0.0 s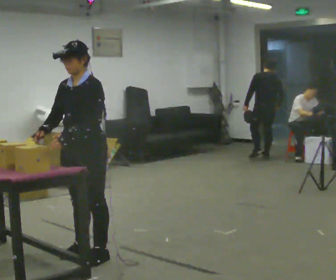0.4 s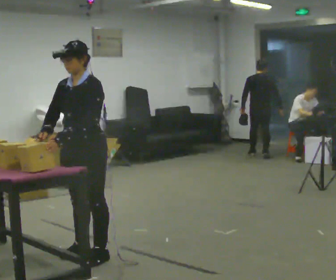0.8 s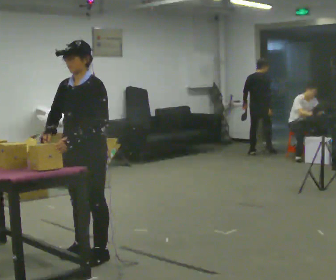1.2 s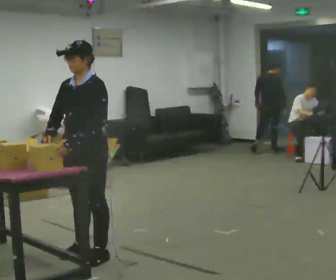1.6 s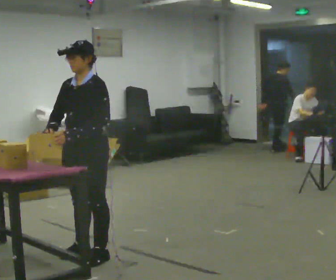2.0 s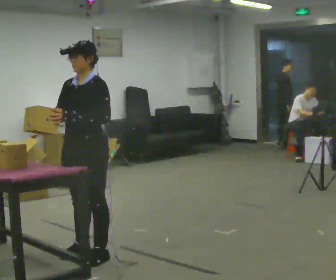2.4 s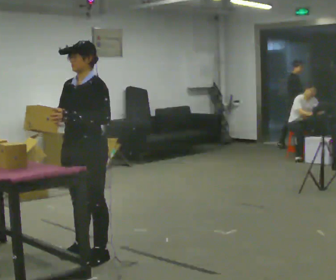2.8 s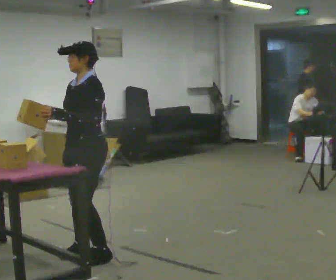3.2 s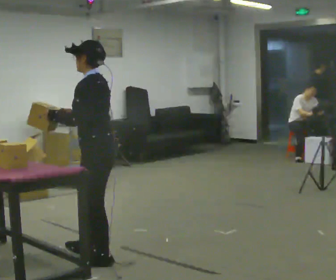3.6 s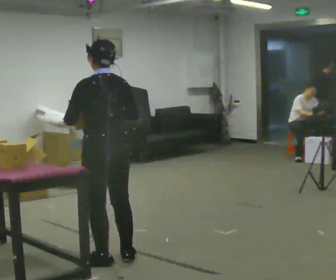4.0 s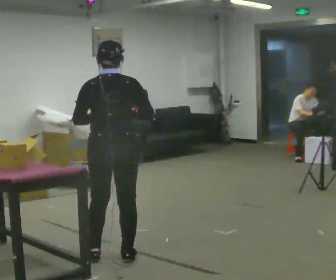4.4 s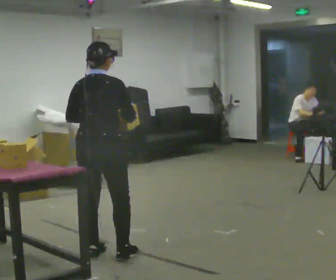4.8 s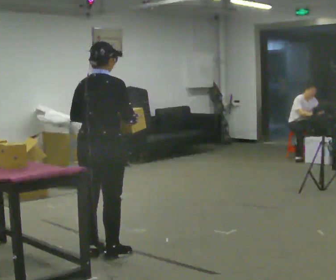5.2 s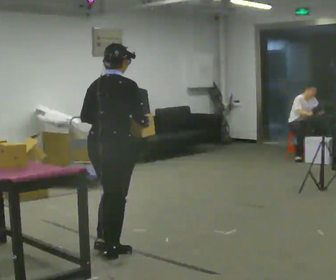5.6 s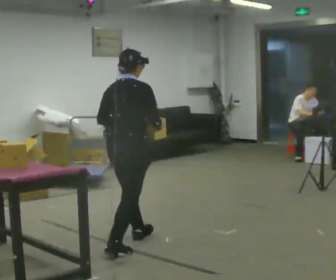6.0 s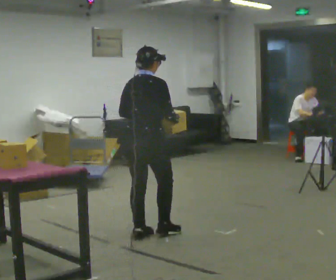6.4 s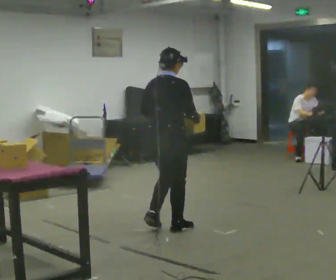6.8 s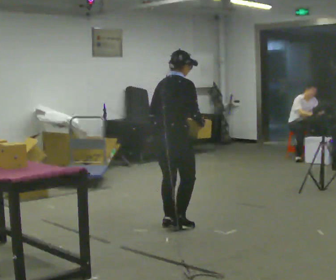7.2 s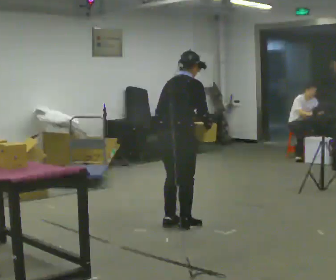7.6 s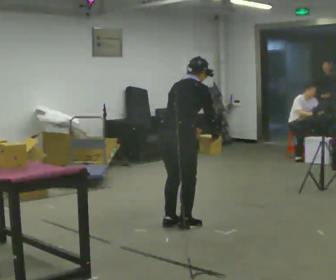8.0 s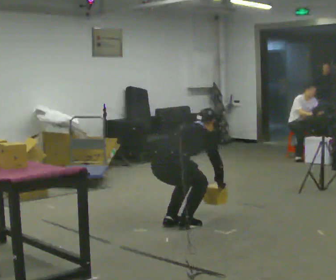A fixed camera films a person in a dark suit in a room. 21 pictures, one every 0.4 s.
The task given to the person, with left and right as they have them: The operator will name an object. Go and find it, bring it back, and hand it over. Then wait for the next one.
0.0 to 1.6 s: The person moves a little, or ends about where they began.
1.6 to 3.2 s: The person turns about 60 degrees to their right, clockwise seen from above, so the part of the body nearest the lens slides to the left.
3.2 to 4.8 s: The person turns about 105 degrees to their right, clockwise seen from above, so the part of the body nearest the lens slides to the left. In the picture they go away from the camera, about 0.25 m in 3 steps. In the picture their right hand goes to the right.
4.8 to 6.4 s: In the picture they go to the right and away from the camera, about 1 m in 2 steps, which for them is forward.
6.4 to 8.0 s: The shoulders move downward. In the picture the upper body tilts clockwise, shoulders to the right, as they bend forward. In the picture their left hand goes downward and to the right.
The film runs forward here.
